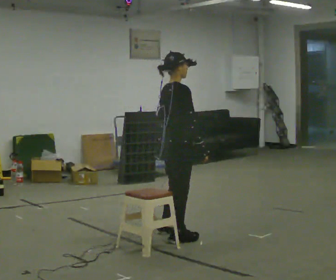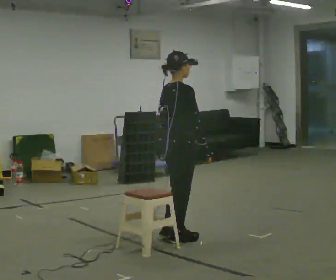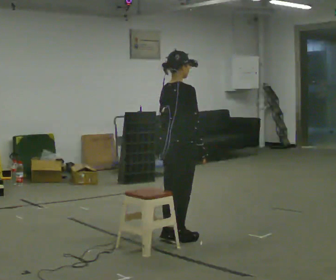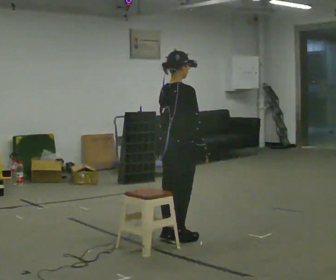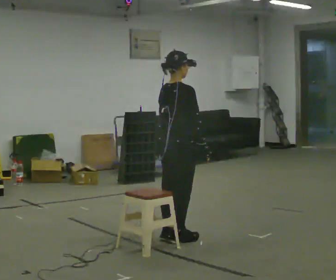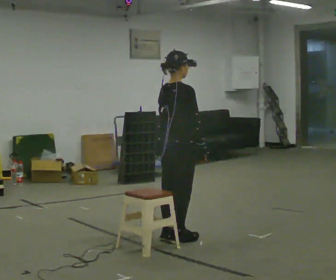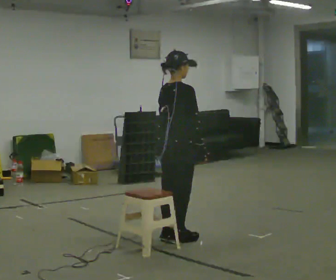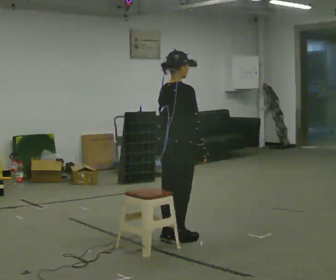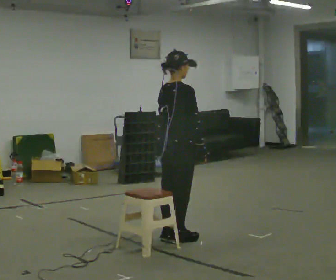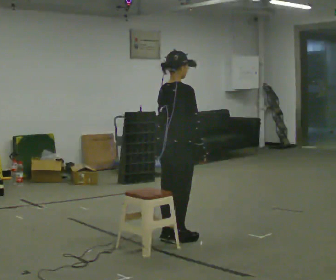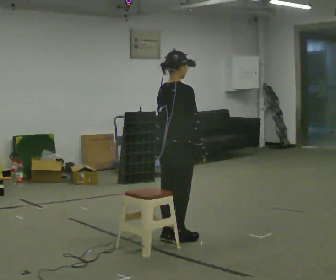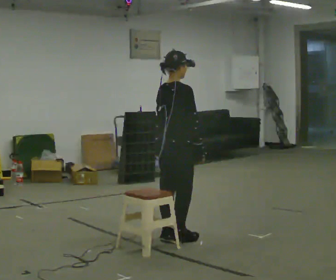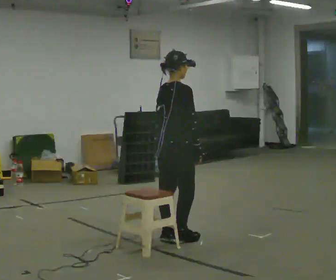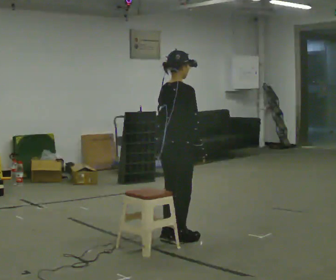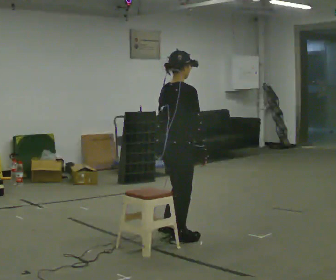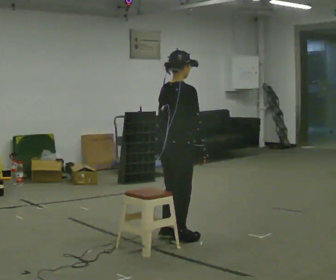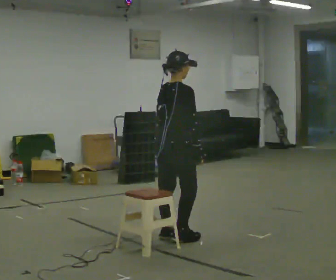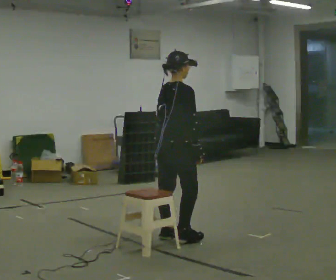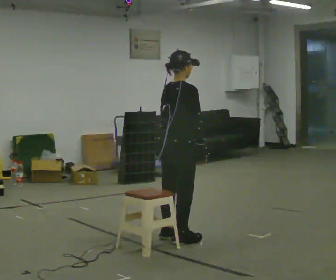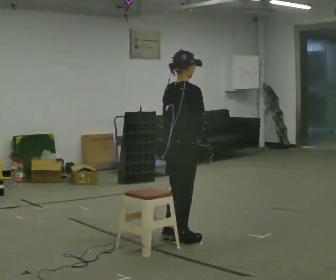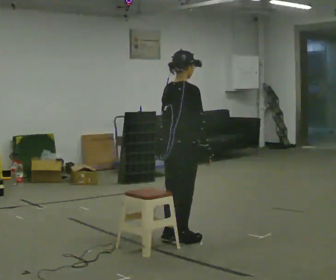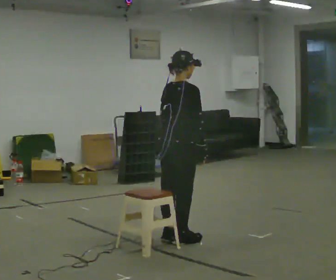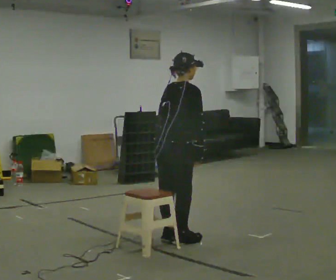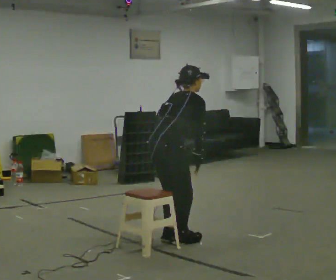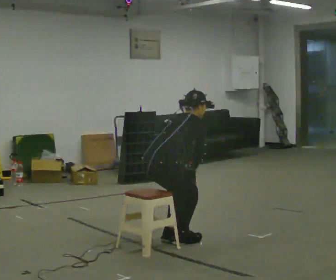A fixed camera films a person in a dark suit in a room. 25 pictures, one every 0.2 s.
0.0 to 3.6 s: The person moves a little, or ends about where they began.
3.6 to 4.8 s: The shoulders move downward. In the picture the upper body tilts clockwise, shoulders to the right, as they bend forward.
The film runs forward here.
